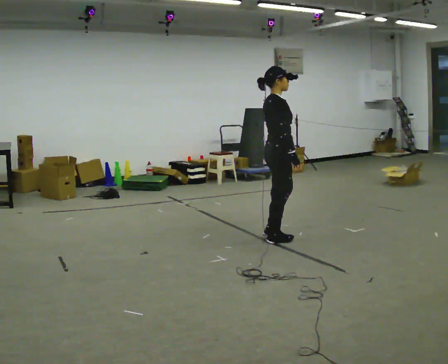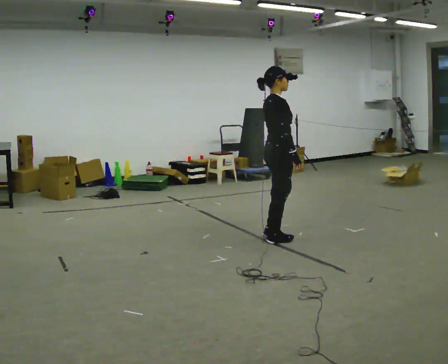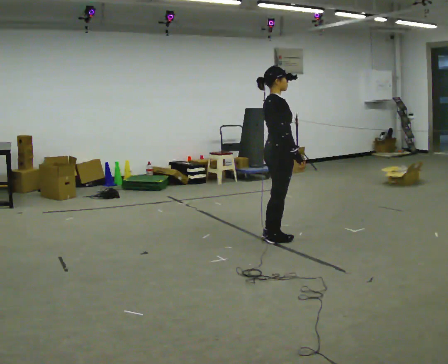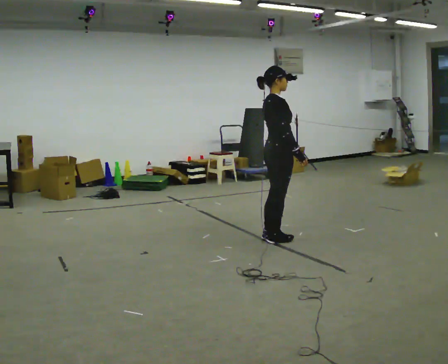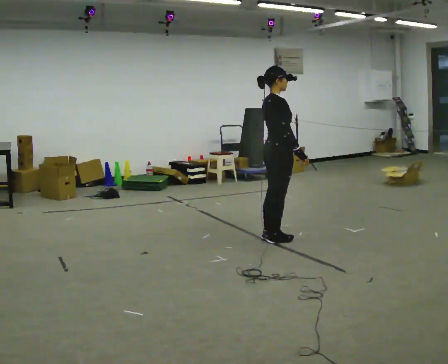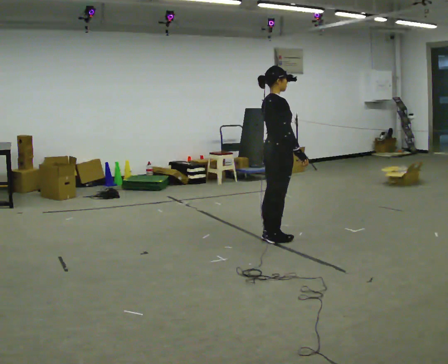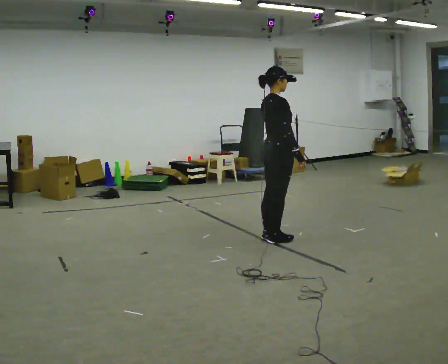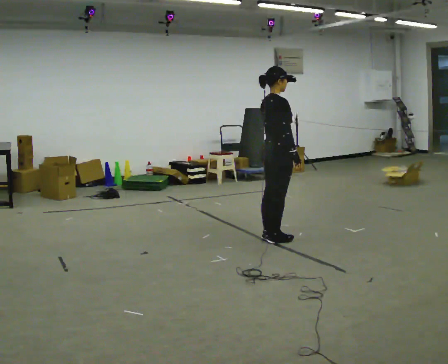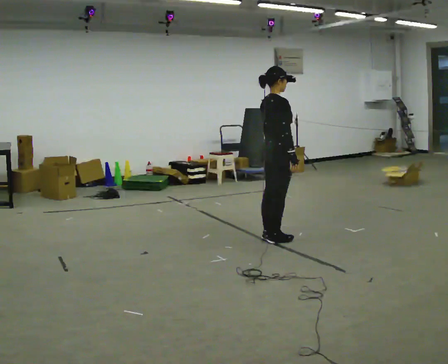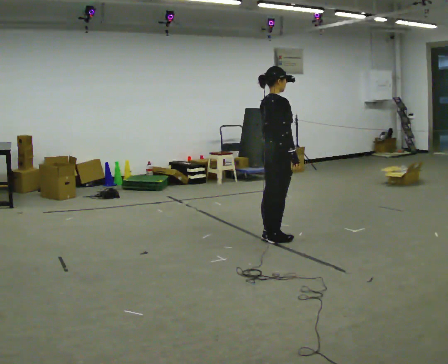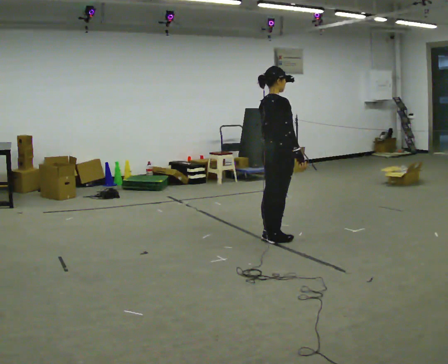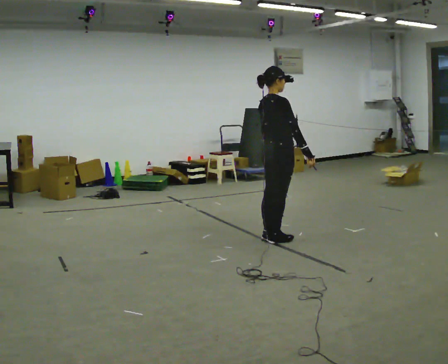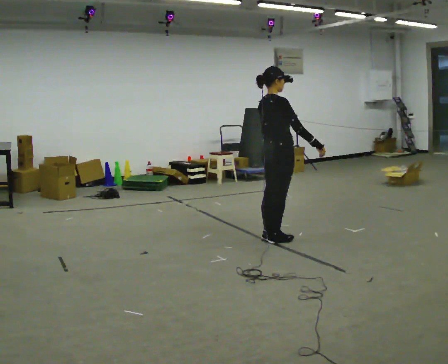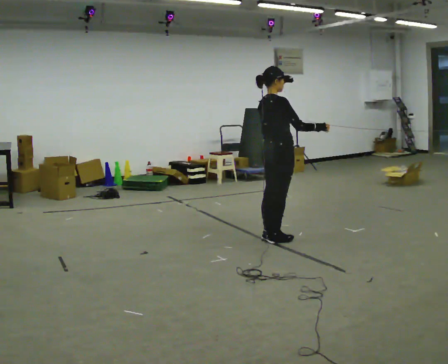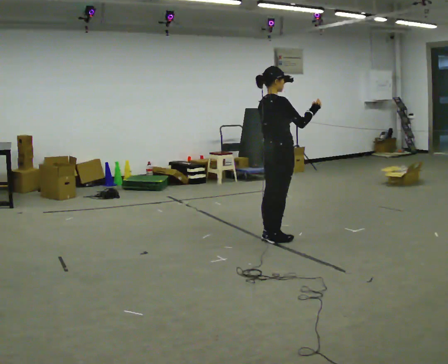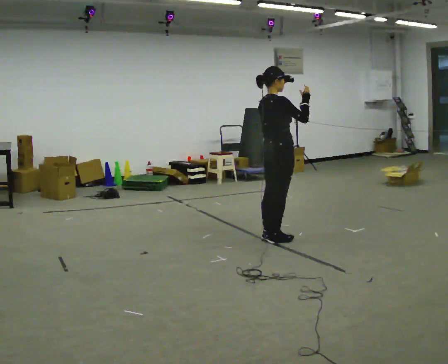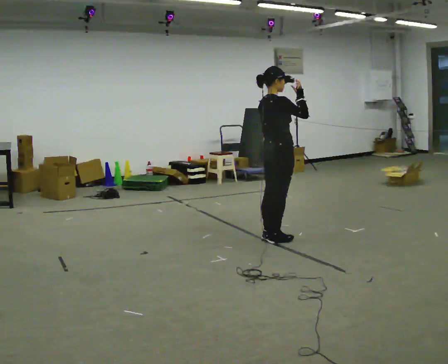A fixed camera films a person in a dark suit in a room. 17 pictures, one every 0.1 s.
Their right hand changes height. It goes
upward.
0.0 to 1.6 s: In the picture their right hand goes upward.
The film runs backward here.
